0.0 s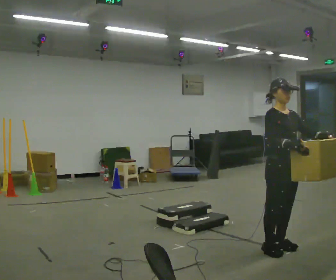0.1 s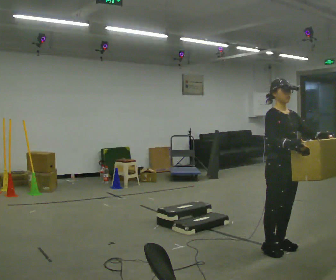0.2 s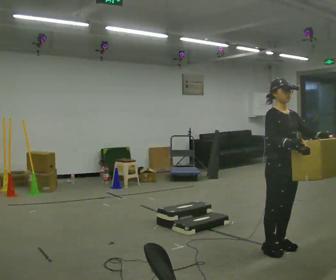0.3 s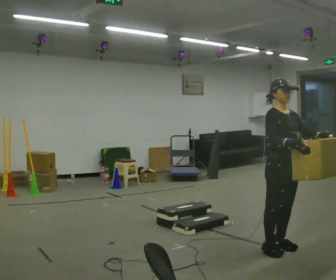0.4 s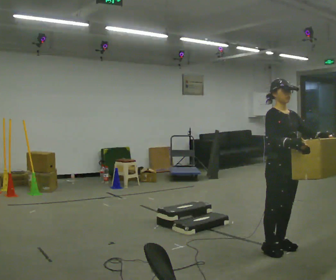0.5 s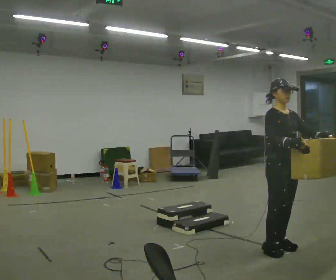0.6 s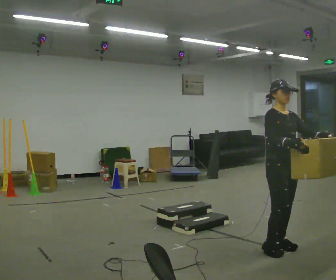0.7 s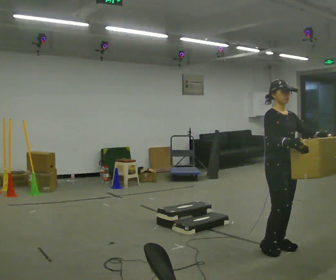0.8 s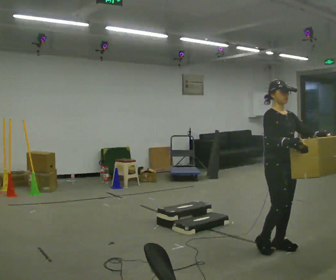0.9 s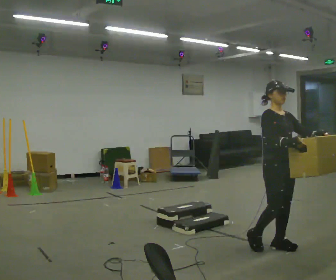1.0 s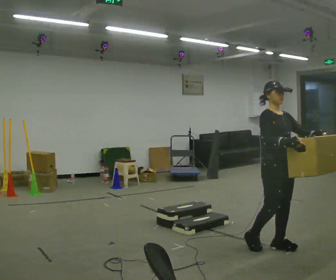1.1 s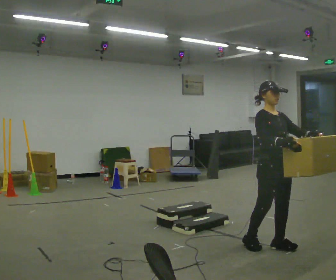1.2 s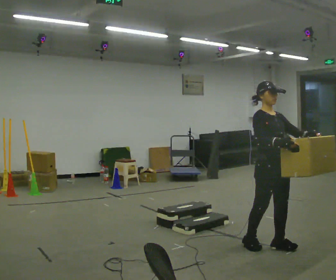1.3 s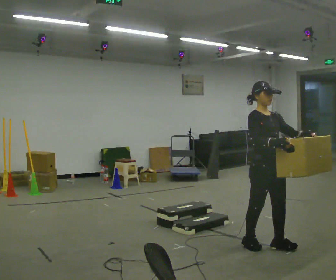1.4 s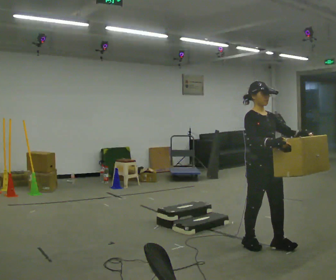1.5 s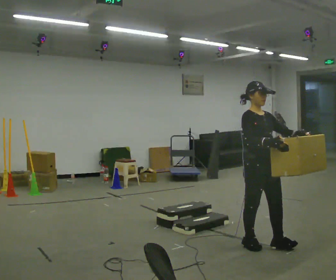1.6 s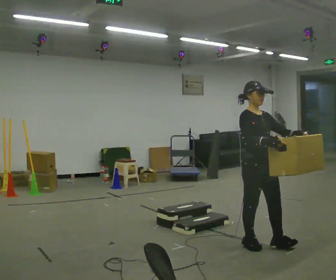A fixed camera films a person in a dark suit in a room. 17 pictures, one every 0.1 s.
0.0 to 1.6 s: In the picture they go to the left, about 0.25 m in 2 steps, which for them is backward.
The film runs backward here.
